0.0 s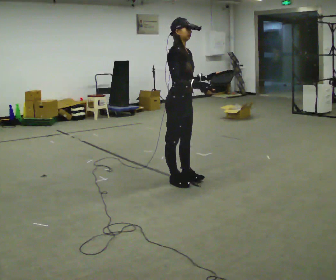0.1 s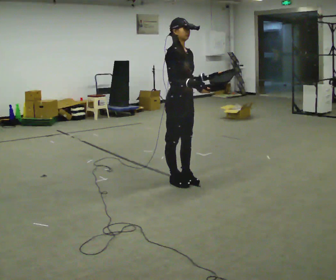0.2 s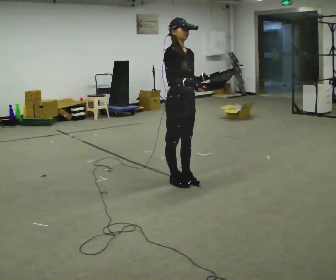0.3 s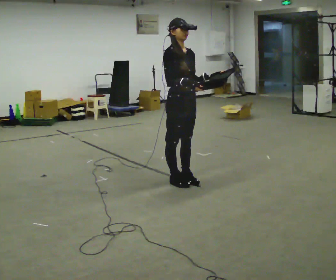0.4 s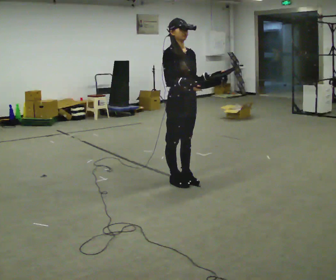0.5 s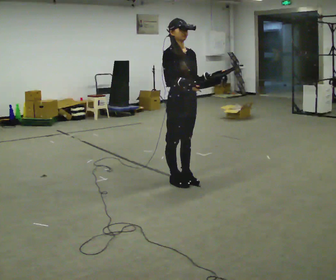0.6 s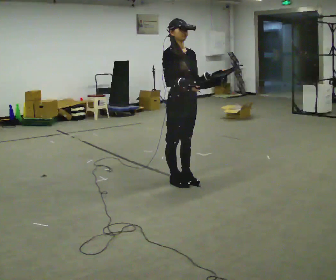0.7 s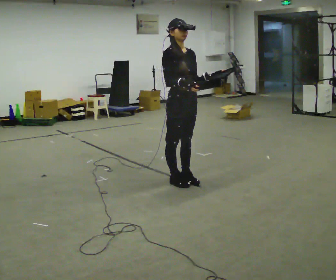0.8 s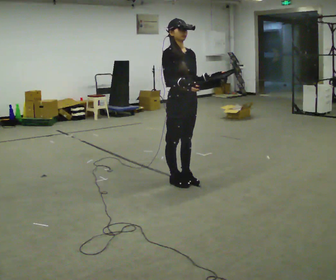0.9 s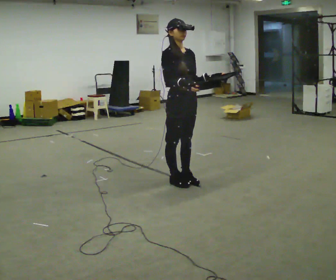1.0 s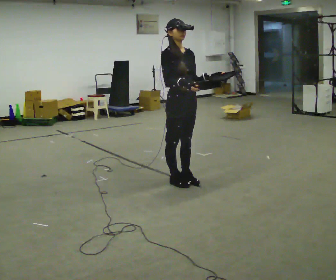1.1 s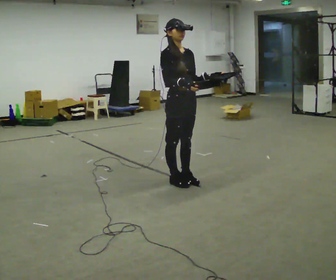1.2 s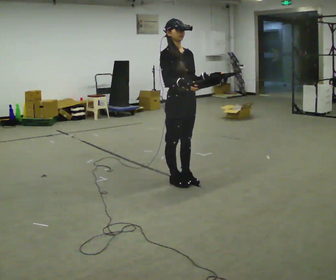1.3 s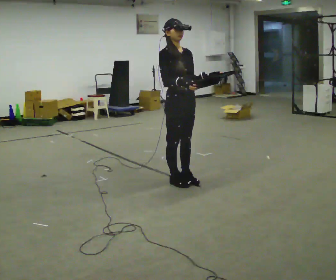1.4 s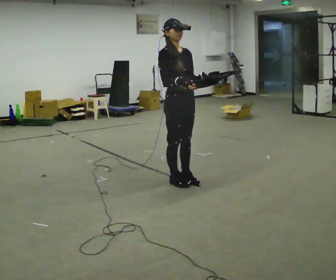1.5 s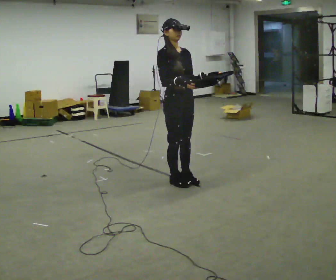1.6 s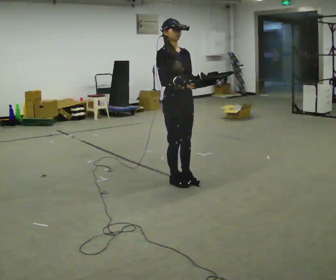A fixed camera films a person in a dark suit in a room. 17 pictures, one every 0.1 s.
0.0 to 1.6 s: The person turns about 30 degrees to their right, clockwise seen from above, so the part of the body nearest the lens slides to the left.
The film runs backward here.
